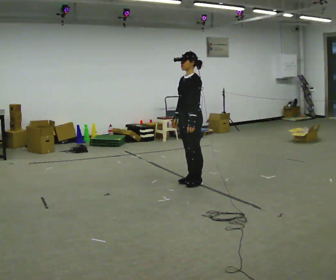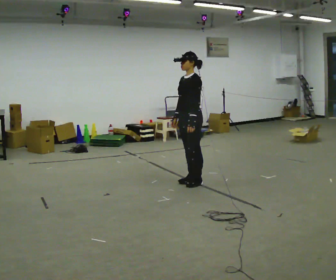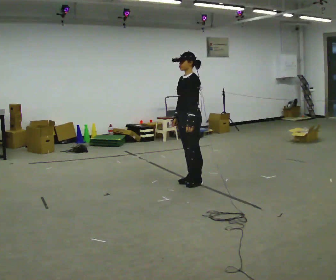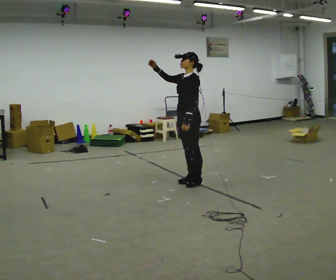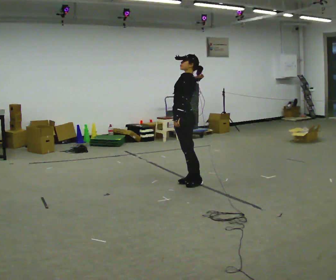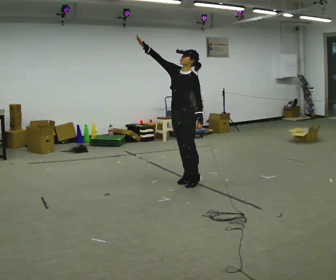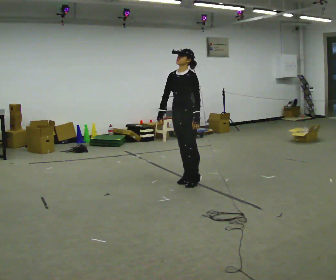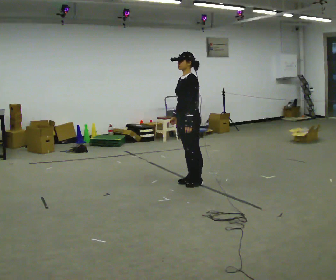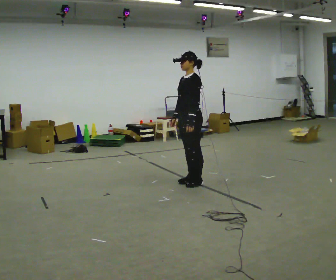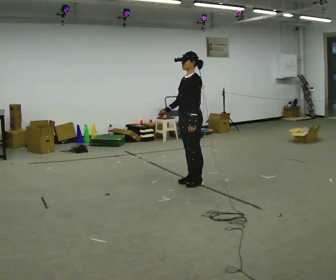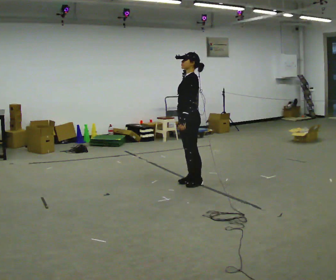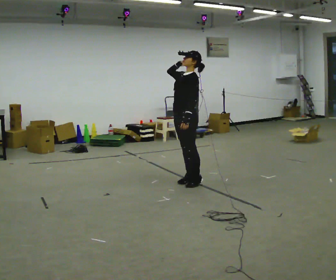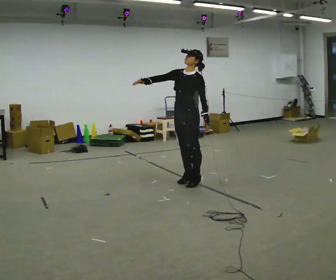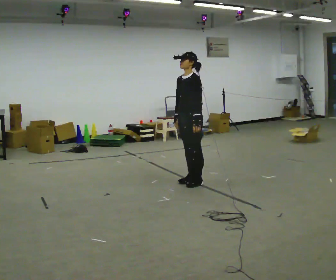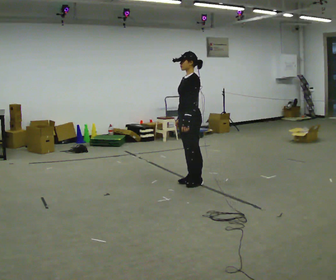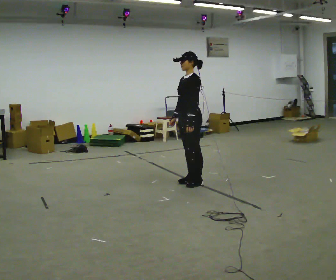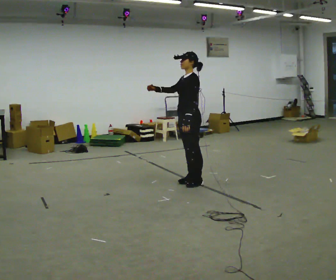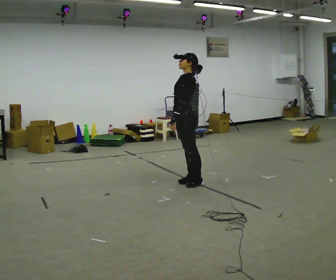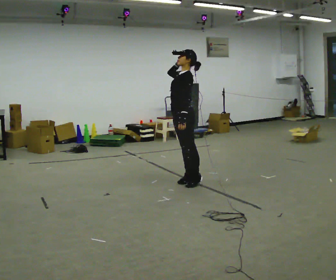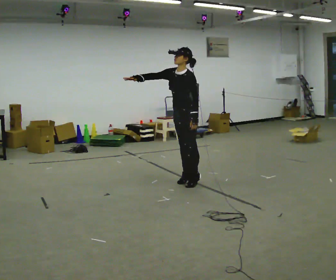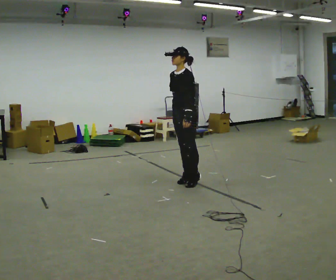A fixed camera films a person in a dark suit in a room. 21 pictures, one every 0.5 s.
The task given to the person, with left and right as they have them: Mime throwing a ball overhand as far as you can, with no ball. Repeat the movement at your own pace until the operator says stop; do not rush.
0.0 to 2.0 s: Seen from above the body turns clockwise, about 30 degrees: to their right, with its near side sliding to the left. In the picture their right hand goes upward.
2.0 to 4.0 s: Seen from above the body turns counterclockwise, about 30 degrees: to their left, with its near side sliding to the right. In the picture their right hand goes downward.
4.0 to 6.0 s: In the picture their right hand goes upward.
6.0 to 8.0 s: The person turns about 30 degrees to their right, clockwise seen from above, so the part of the body nearest the lens slides to the left.
8.0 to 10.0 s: The person moves a little, or ends about where they began.
The film runs forward here.
